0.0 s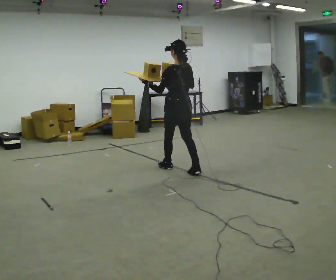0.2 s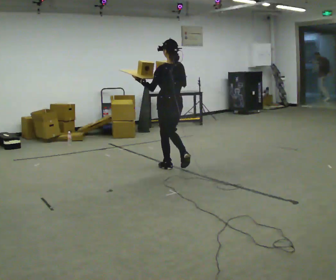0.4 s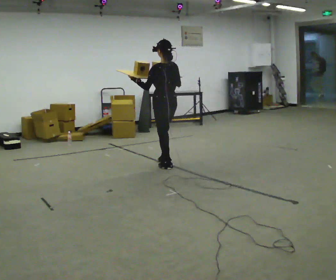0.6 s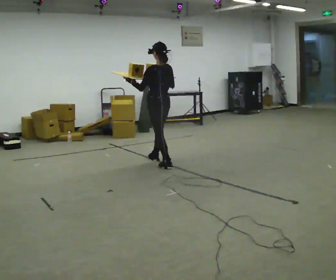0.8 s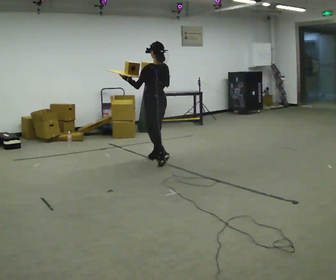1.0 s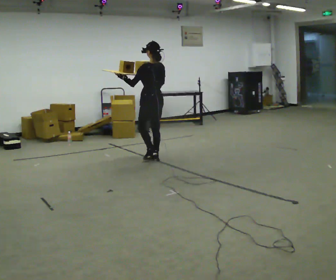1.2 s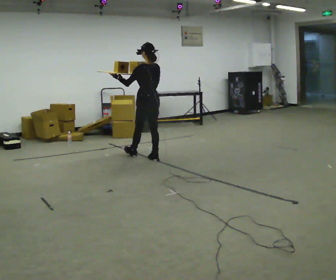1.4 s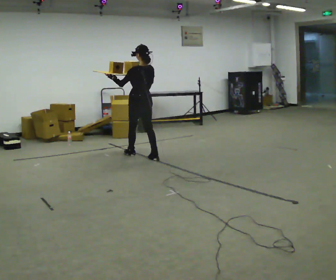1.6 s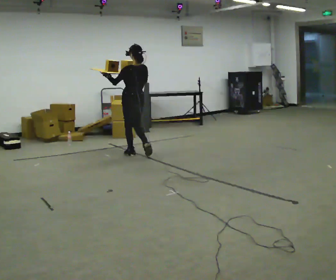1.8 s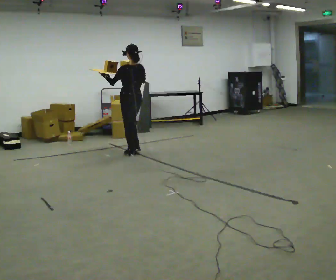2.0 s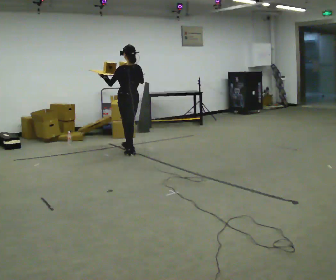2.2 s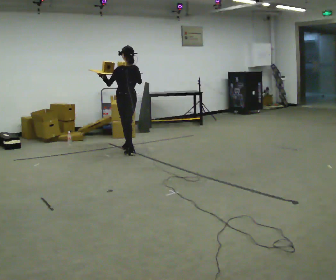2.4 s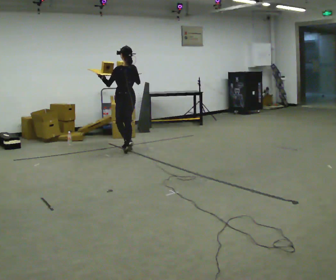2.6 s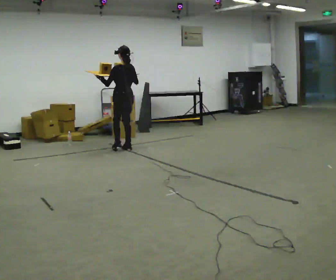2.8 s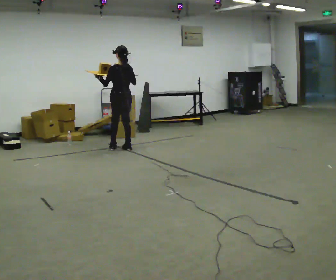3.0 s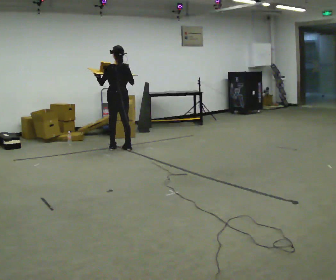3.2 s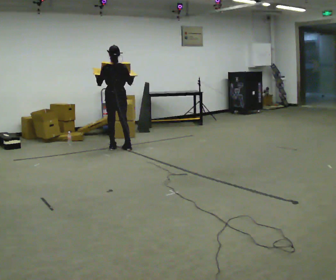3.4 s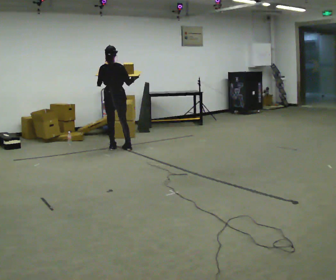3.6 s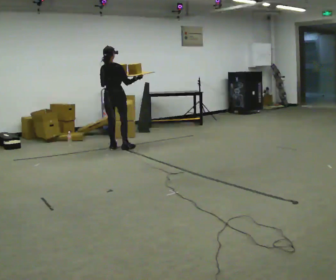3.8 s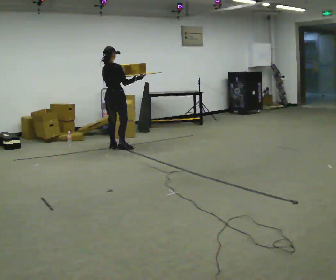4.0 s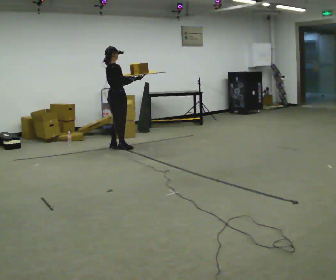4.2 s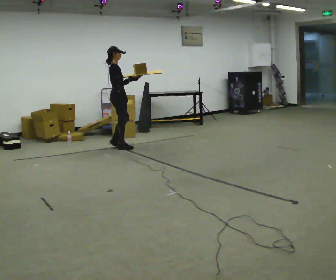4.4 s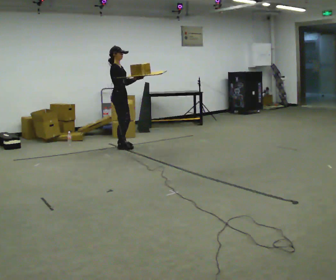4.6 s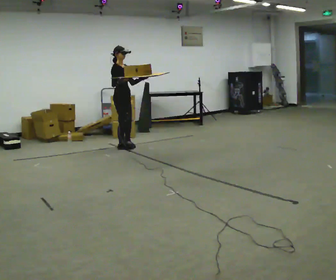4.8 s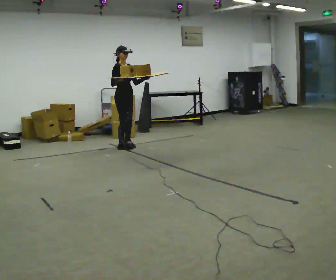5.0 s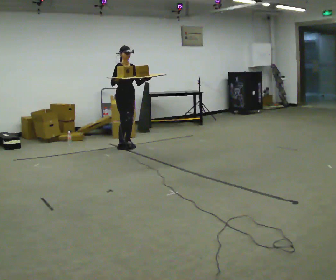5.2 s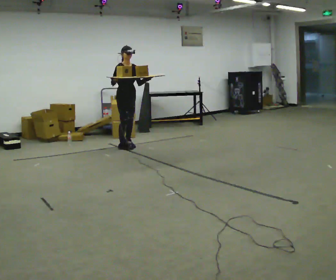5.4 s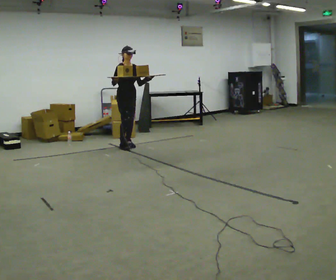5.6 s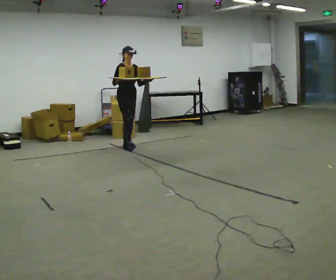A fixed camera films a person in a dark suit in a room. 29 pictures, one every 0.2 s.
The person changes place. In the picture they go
away from the camera.
The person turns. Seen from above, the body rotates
clockwise.
0.0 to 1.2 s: In the picture they go away from the camera and to the left, about 1 m in 1 step, which for them is forward.
1.2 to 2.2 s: In the picture they go away from the camera and to the left, about 0.5 m in 2 steps, which for them is forward.
2.2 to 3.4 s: The person turns about 45 degrees to their right, clockwise seen from above, so the part of the body nearest the lens slides to the left. In the picture they go to the left and away from the camera, about 0.25 m in 1 step, which for them is forward and to their left.
3.4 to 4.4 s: The person turns about 105 degrees to their right, clockwise seen from above, so the part of the body nearest the lens slides to the left.
4.4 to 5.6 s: Seen from above the body turns clockwise, about 45 degrees: to their right, with its near side sliding to the left.
The film runs forward here.
